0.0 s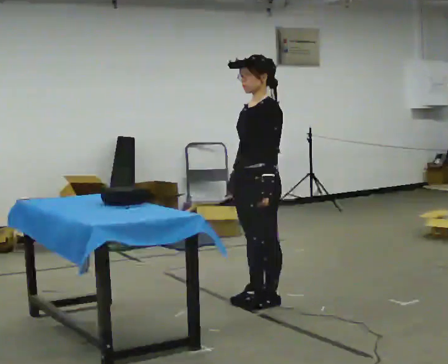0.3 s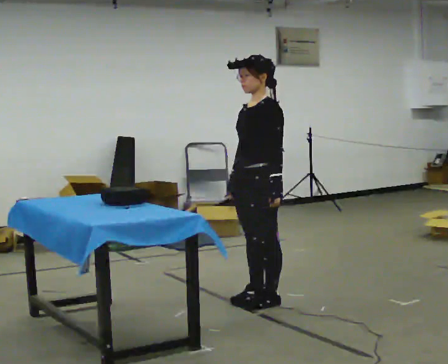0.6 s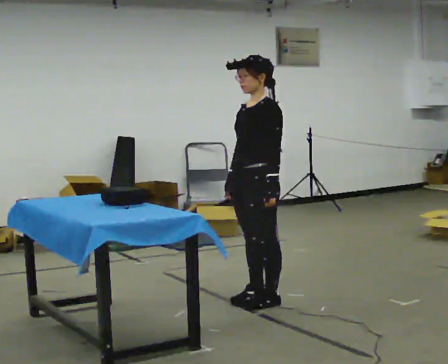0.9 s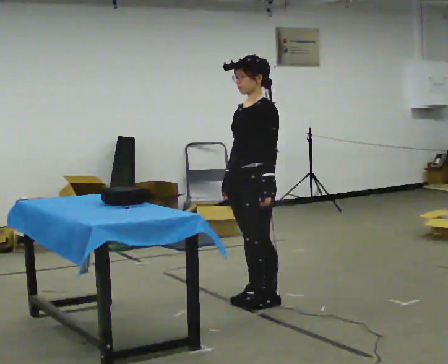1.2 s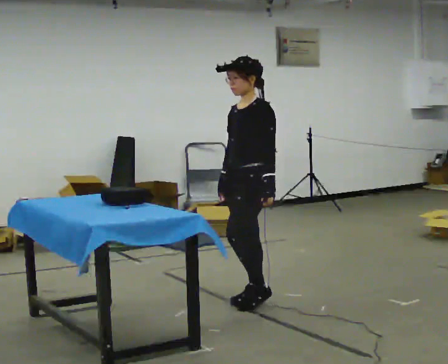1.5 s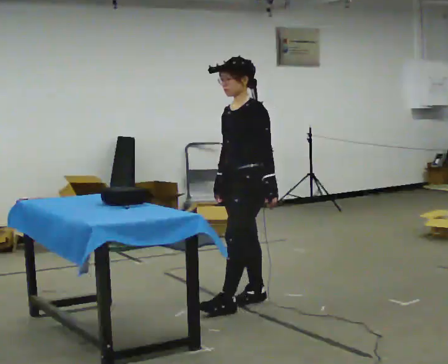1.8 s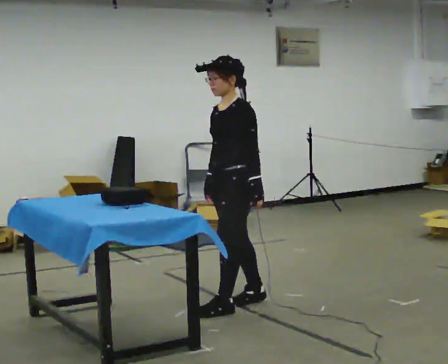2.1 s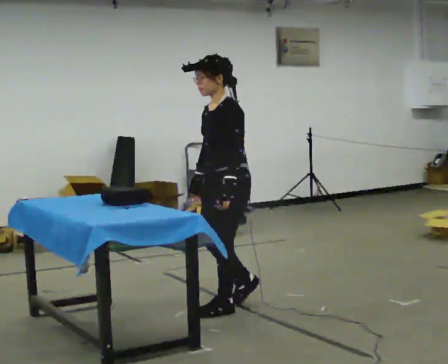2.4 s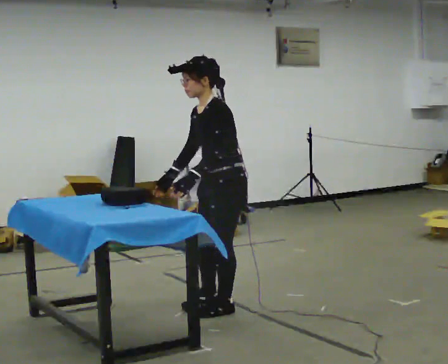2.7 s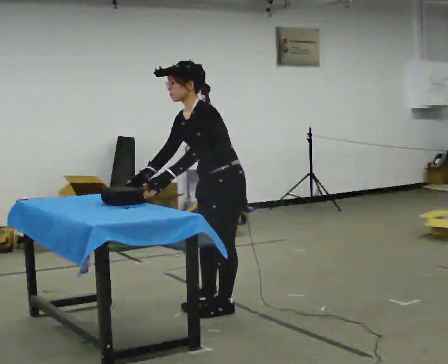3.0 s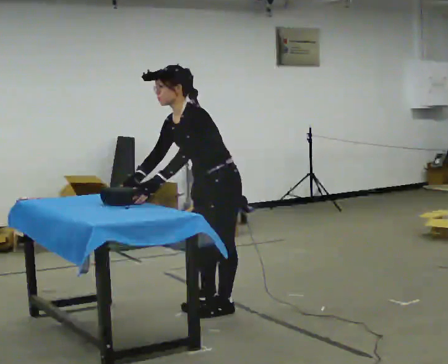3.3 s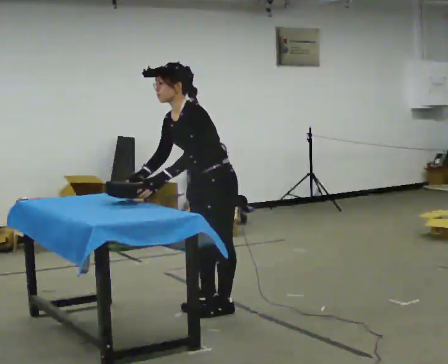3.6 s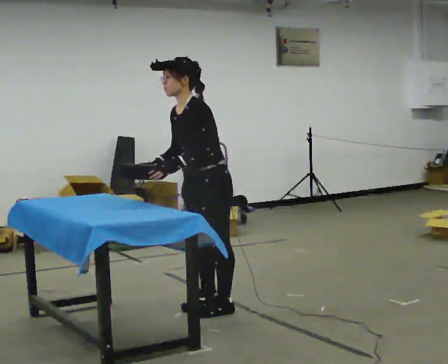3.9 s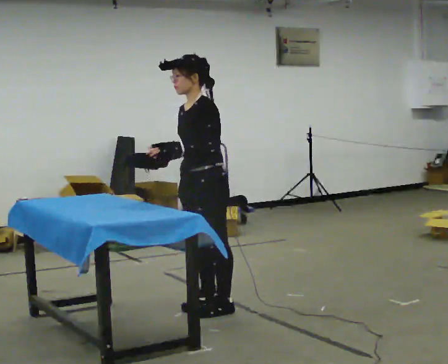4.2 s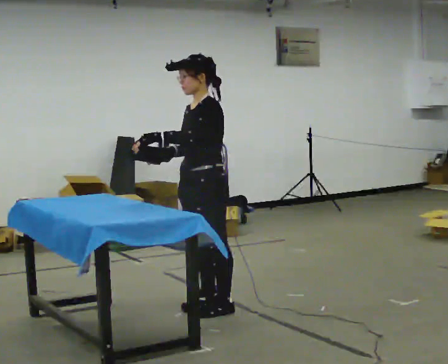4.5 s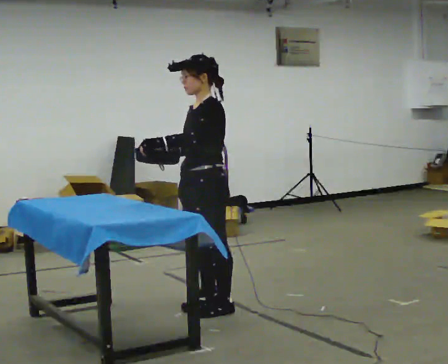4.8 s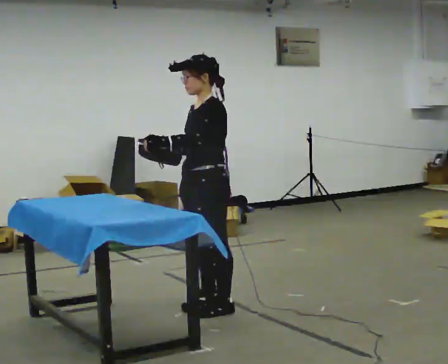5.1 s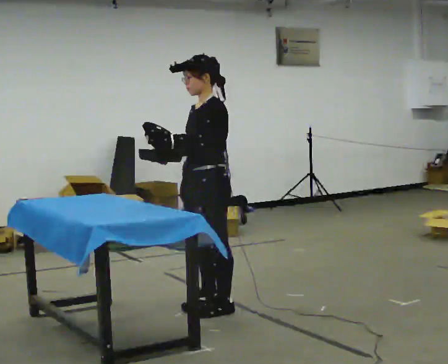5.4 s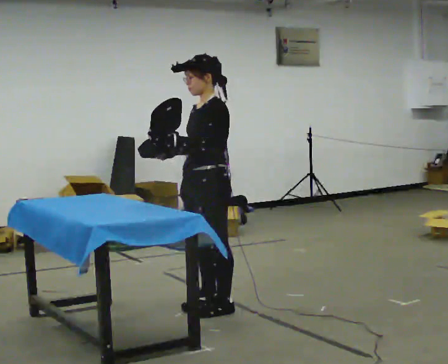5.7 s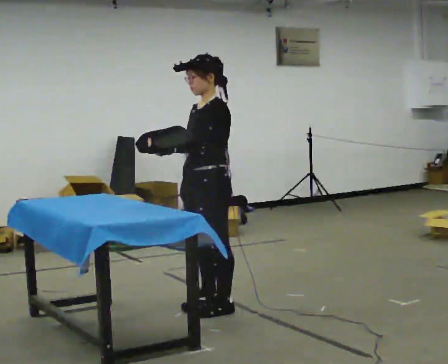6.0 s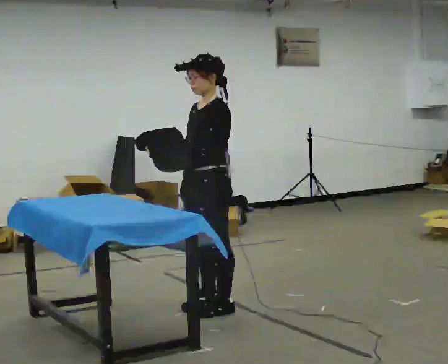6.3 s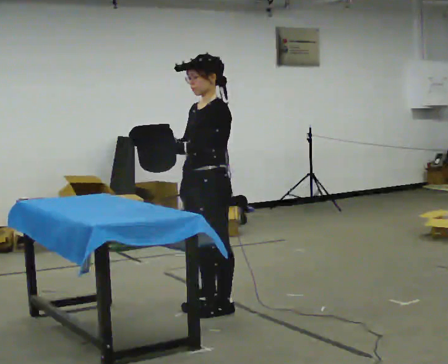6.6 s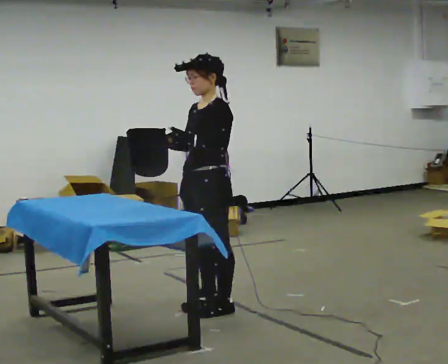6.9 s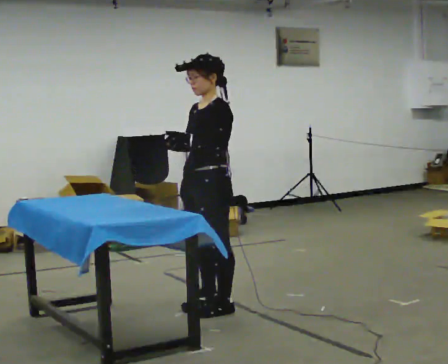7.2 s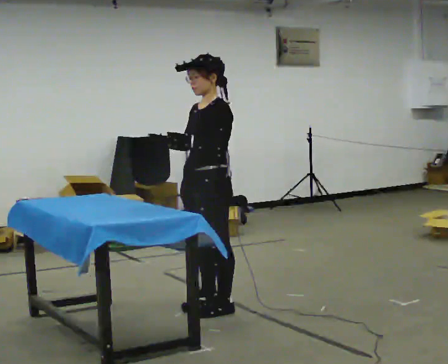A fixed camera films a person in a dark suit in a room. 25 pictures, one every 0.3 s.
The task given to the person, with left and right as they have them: Hold the object steady with one hand and work on it with the other, as the operator shows you. Repeat at your own pace until the operator says stop. Keep both feet on the marked spots for the whole take. If you have to step, stop and tell the operator.
0.0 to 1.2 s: The person moves a little, or ends about where they began.
1.2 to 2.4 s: In the picture they go toward the camera and to the left, about 0.25 m in 2 steps, which for them is forward. In the picture the upper body tilts counterclockwise, shoulders to the left, as they bend forward. In the picture their left hand goes to the left.
2.4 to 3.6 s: The person moves a little, or ends about where they began.
3.6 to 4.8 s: In the picture the upper body tilts clockwise, shoulders to the right, as they lean back or straighten.
4.8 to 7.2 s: The person moves a little, or ends about where they began.
The film runs forward here.
